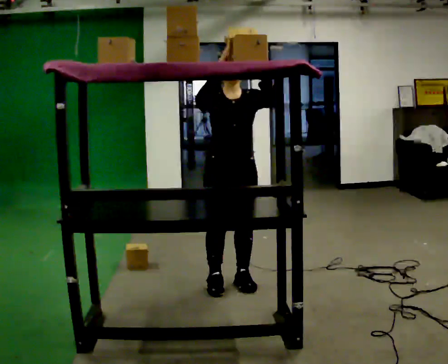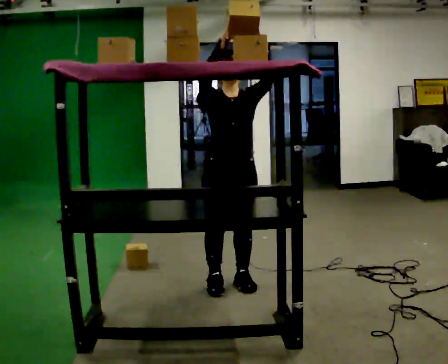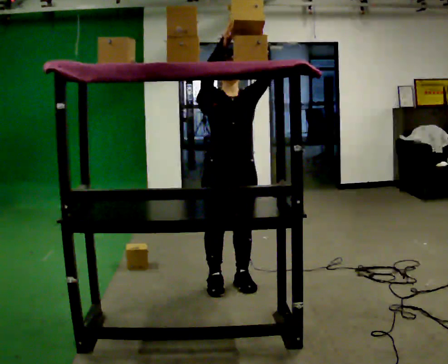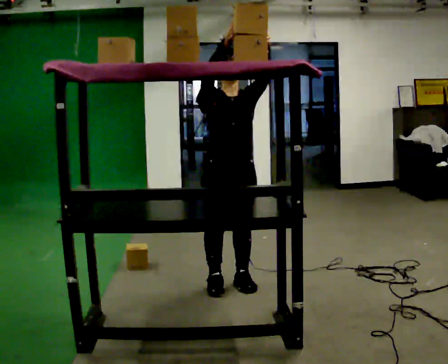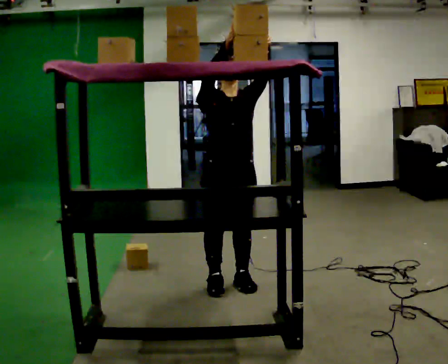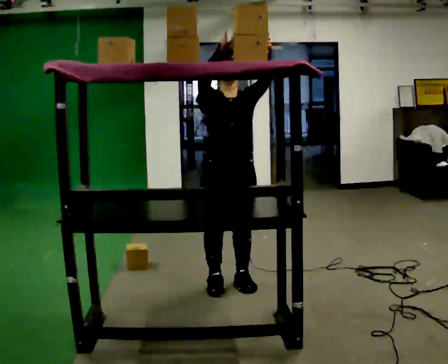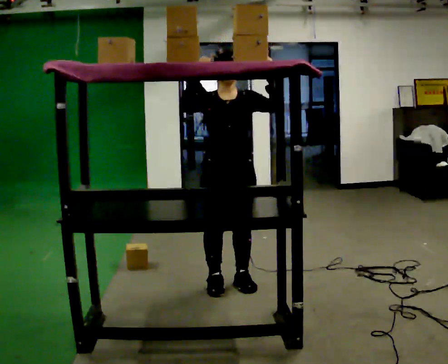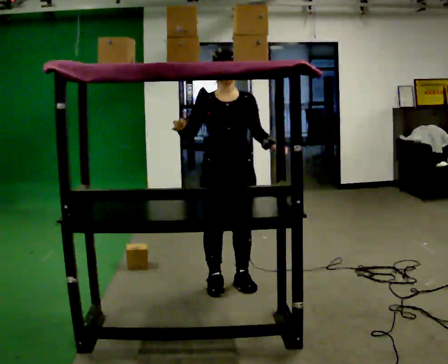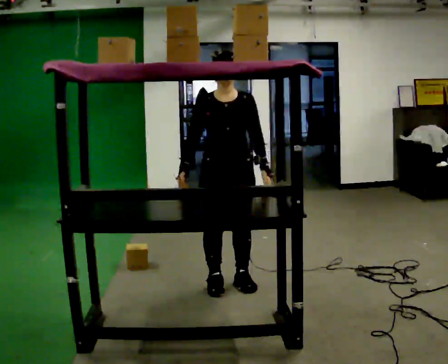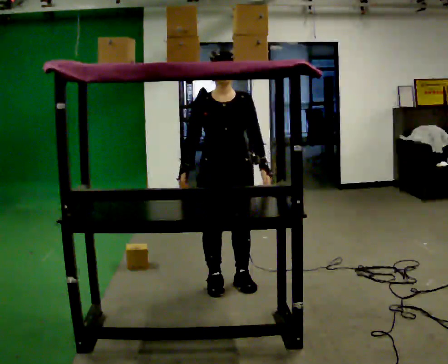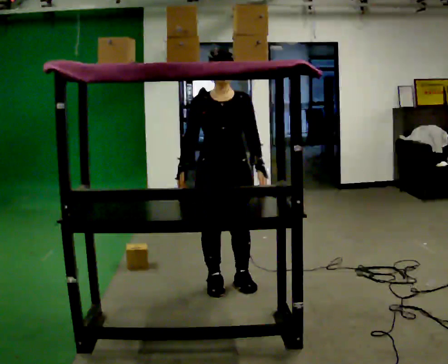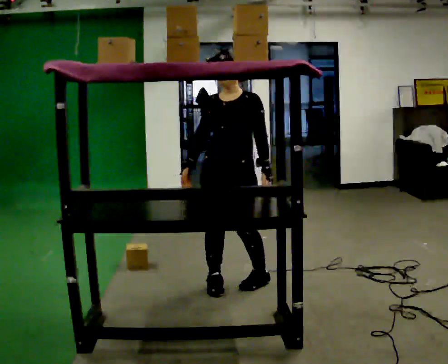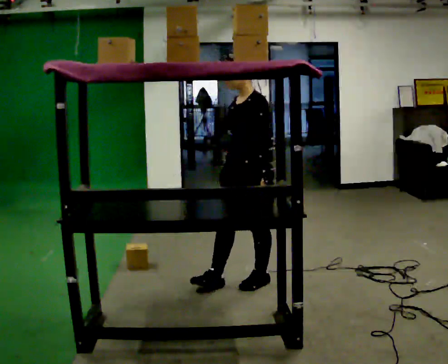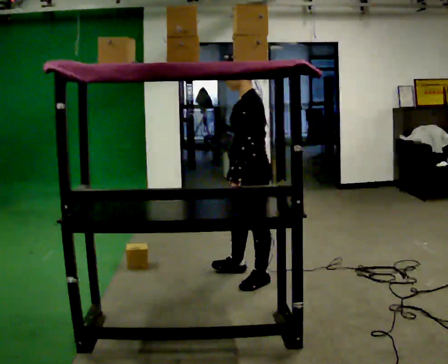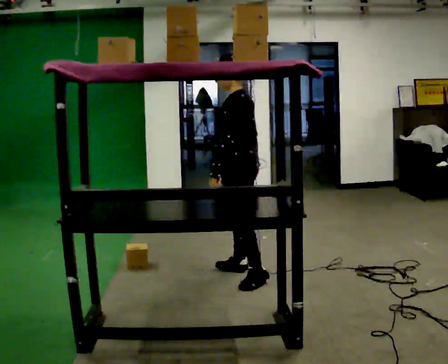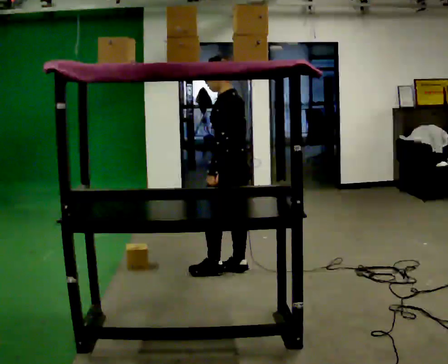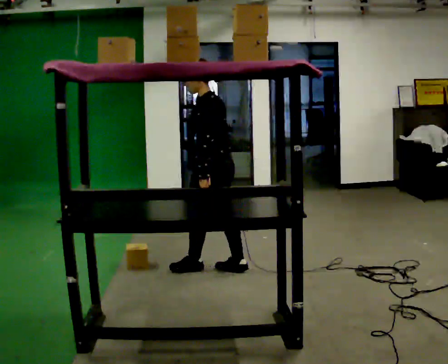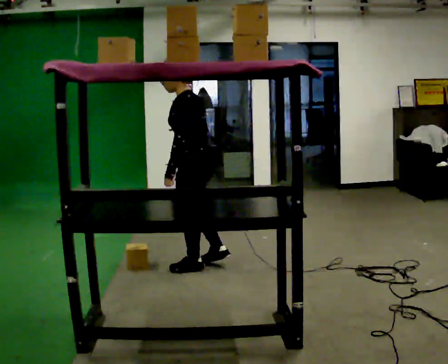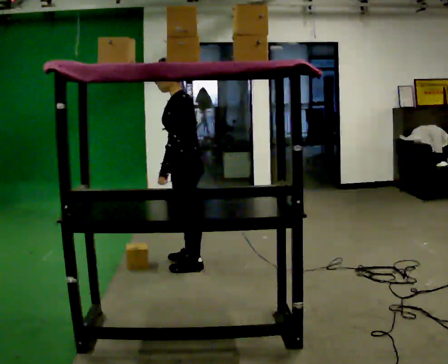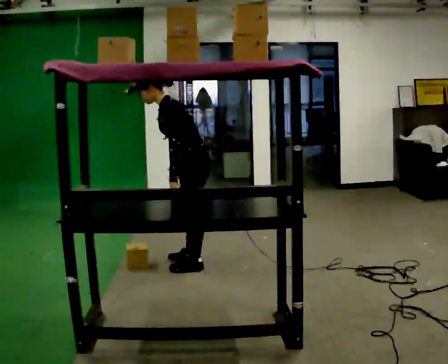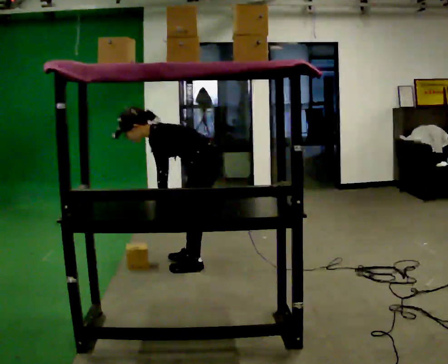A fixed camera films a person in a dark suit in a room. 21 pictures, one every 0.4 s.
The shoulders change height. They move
downward.
The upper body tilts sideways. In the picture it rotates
counterclockwise.
0.0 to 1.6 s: The person moves a little, or ends about where they began.
1.6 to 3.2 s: In the picture their right hand goes downward and to the left.
3.2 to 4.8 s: Seen from above the body turns clockwise, about 75 degrees: to their right, with its near side sliding to the left. In the picture they go to the right, about 0.25 m in 1 step. In the picture their right hand goes to the right.
4.8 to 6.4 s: Seen from above the body turns clockwise, about 45 degrees: to their right, with its near side sliding to the left. In the picture they go away from the camera and to the left, about 0.5 m in 2 steps, which for them is forward and to their right.
6.4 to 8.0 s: The shoulders move downward. In the picture the upper body tilts counterclockwise, shoulders to the left, as they bend forward. In the picture their right hand goes to the left.
The film runs forward here.
